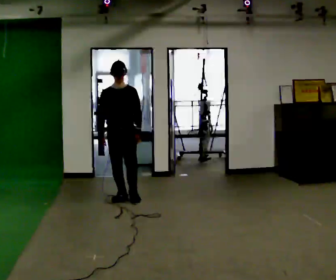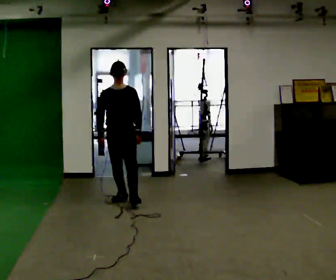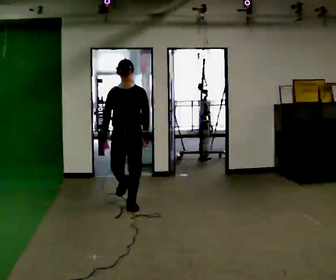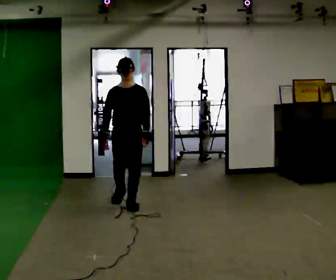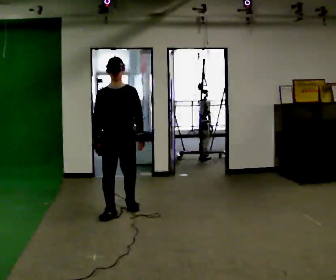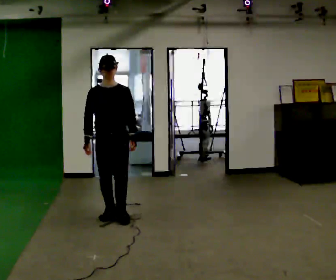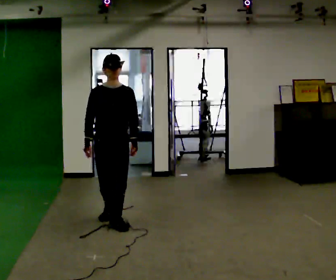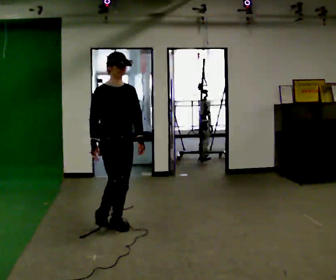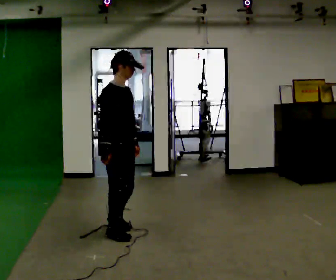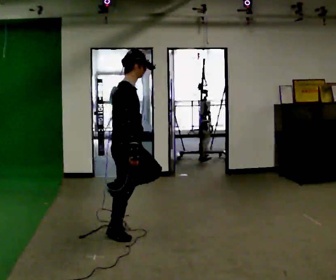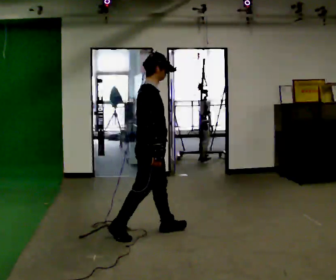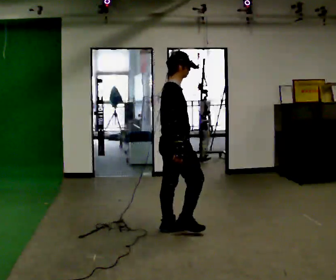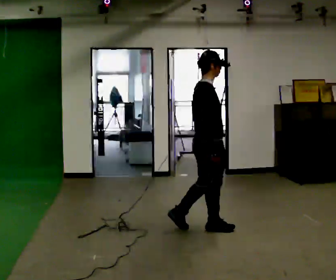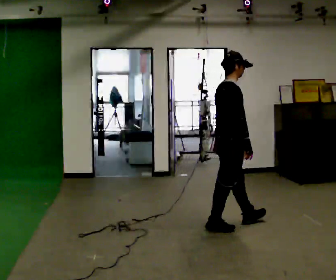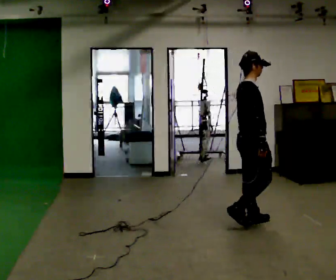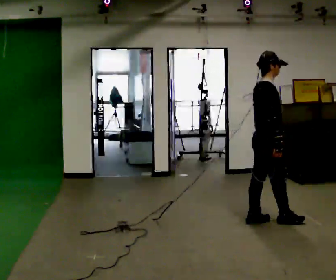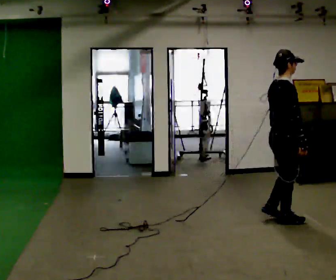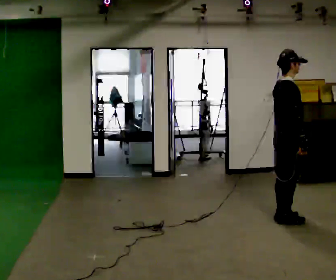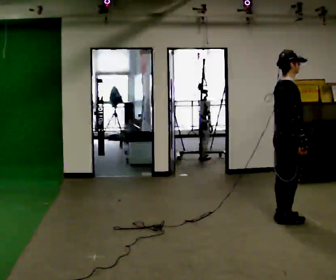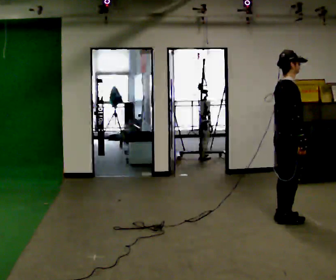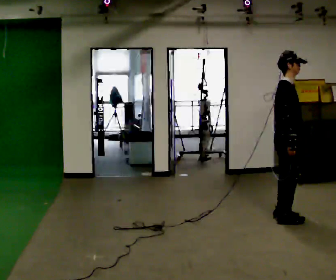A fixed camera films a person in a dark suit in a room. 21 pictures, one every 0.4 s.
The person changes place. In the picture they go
to the right.
0.0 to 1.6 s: In the picture they go toward the camera, about 0.5 m in 2 steps, which for them is forward.
1.6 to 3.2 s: Seen from above the body turns counterclockwise, about 60 degrees: to their left, with its near side sliding to the right. In the picture they go toward the camera, about 1 m in 2 steps.
3.2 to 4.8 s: The part of the body nearest the lens slides to the right as the person turns to their left by about 30 degrees. In the picture they go to the right, about 1 m in 2 steps, which for them is forward.
4.8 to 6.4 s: In the picture they go to the right, about 0.5 m in 2 steps, which for them is forward.
6.4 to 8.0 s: Seen from above the body turns clockwise, about 30 degrees: to their right, with its near side sliding to the left.
The film runs forward here.
